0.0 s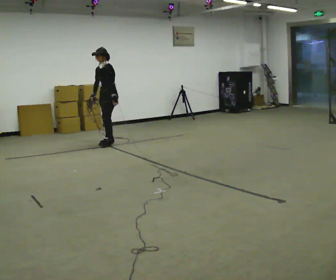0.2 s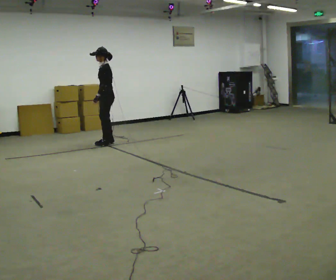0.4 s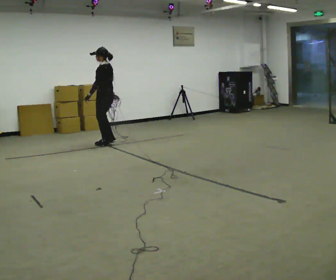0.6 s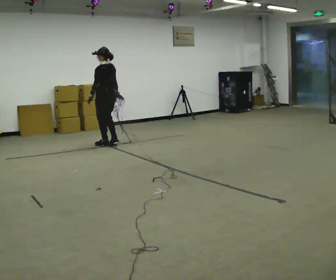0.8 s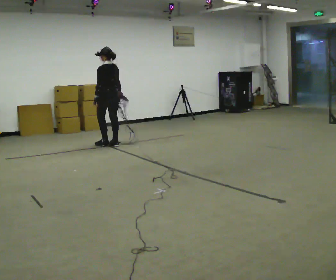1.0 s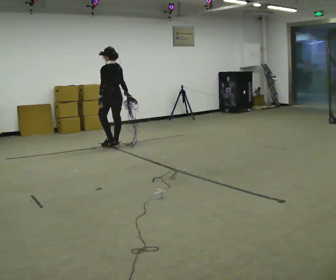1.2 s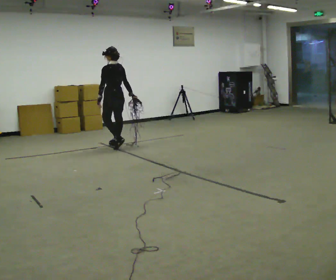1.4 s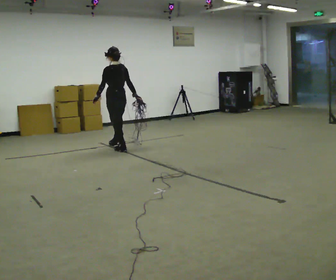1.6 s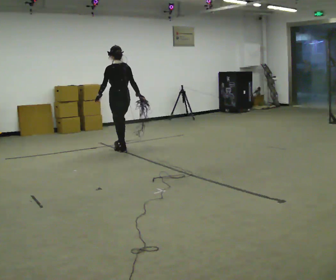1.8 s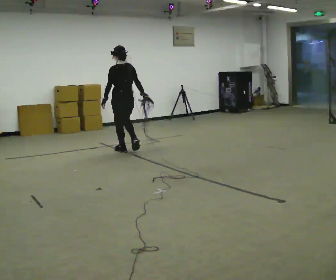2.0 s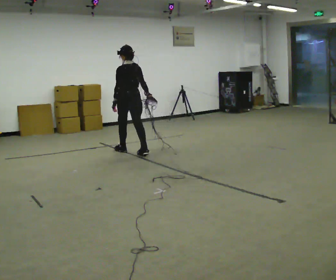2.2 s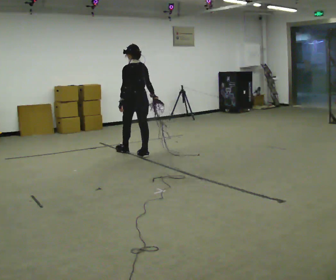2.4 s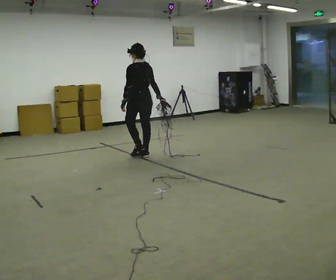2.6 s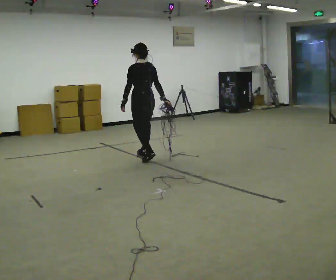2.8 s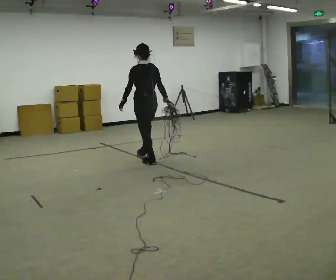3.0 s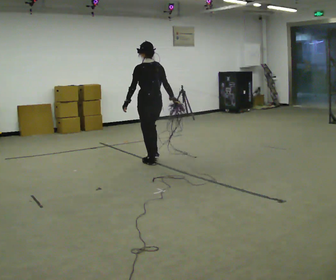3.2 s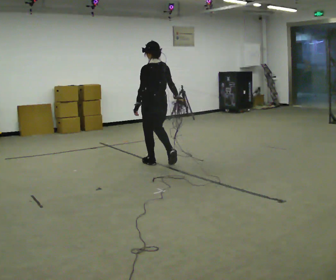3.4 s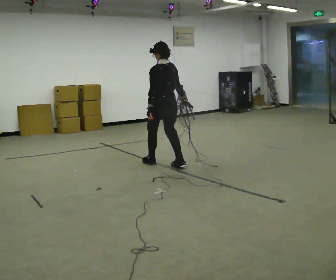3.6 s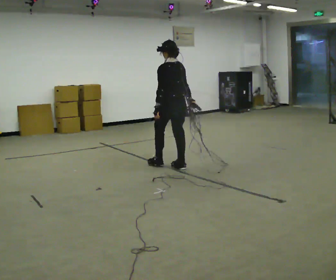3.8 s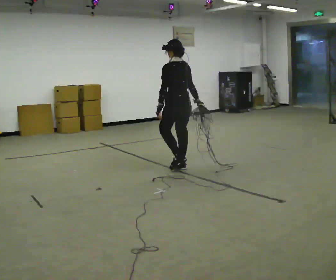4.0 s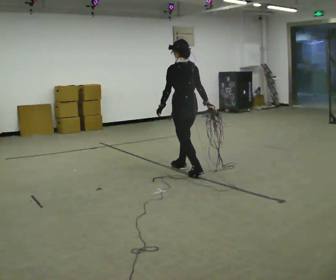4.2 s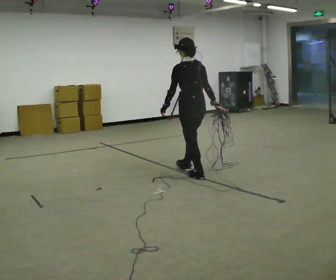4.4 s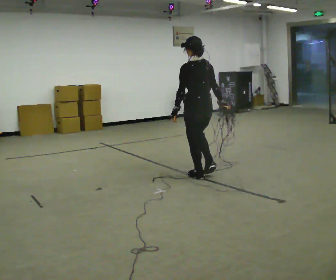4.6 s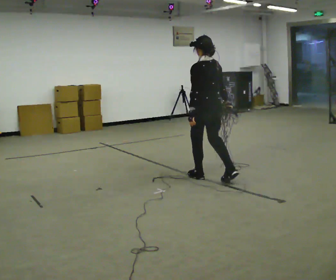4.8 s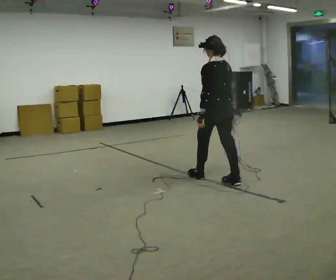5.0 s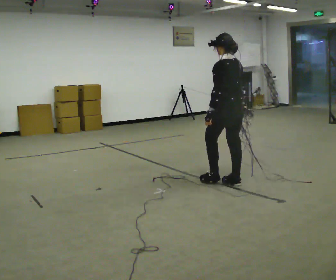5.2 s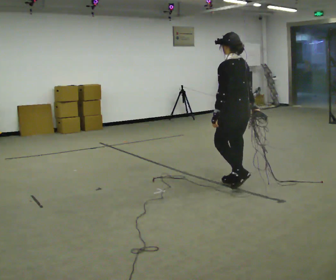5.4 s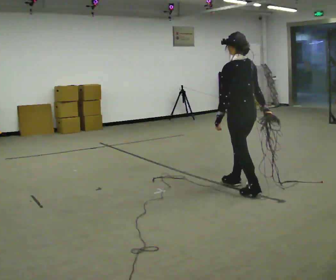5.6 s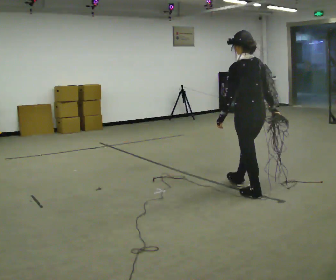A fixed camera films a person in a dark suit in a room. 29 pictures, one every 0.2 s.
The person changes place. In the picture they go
toward the camera.
0.0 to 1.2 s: The person turns about 75 degrees to their right, clockwise seen from above, so the part of the body nearest the lens slides to the left. In the picture they go toward the camera, about 0.25 m in 2 steps. In the picture their right hand goes to the right, the arm swinging counterclockwise.
1.2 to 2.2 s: In the picture they go toward the camera and to the right, about 0.5 m in 2 steps, which for them is backward.
2.2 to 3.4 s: In the picture they go toward the camera and to the right, about 0.5 m in 1 step, which for them is backward.
3.4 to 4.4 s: In the picture they go toward the camera and to the right, about 0.75 m in 2 steps, which for them is backward.
4.4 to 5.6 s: In the picture they go toward the camera and to the right, about 1 m in 2 steps, which for them is backward.
The film runs backward here.
